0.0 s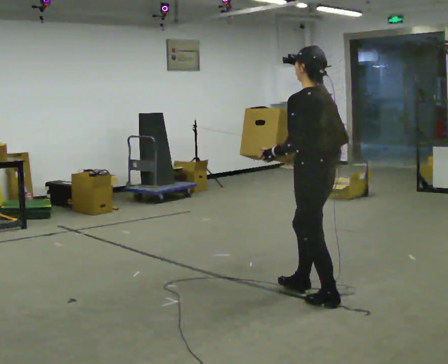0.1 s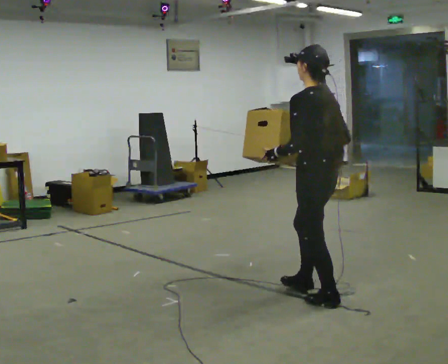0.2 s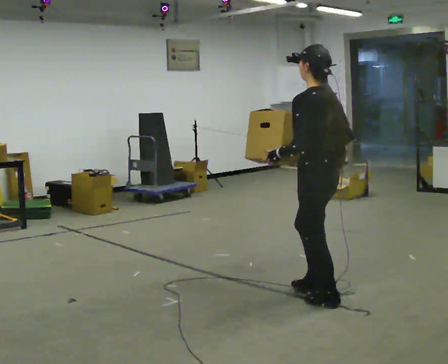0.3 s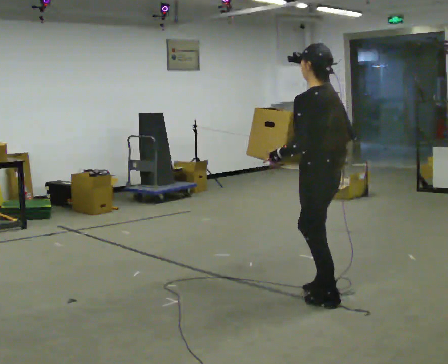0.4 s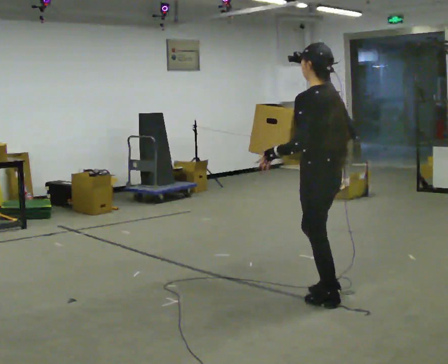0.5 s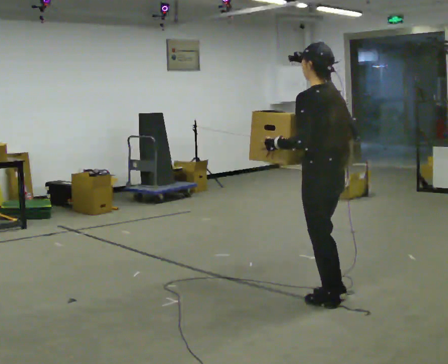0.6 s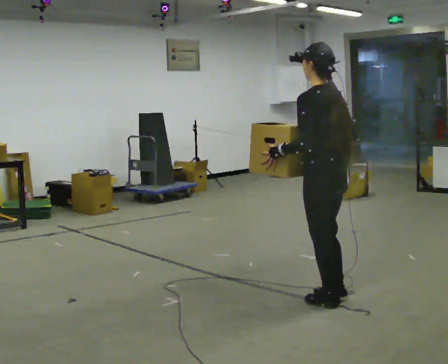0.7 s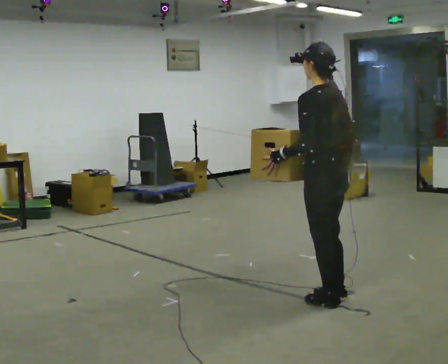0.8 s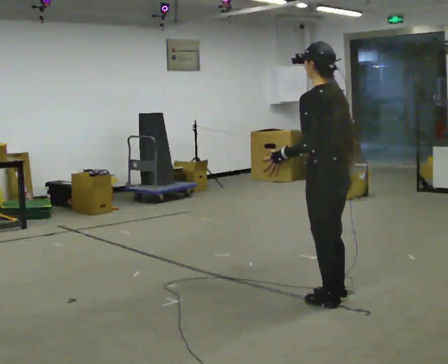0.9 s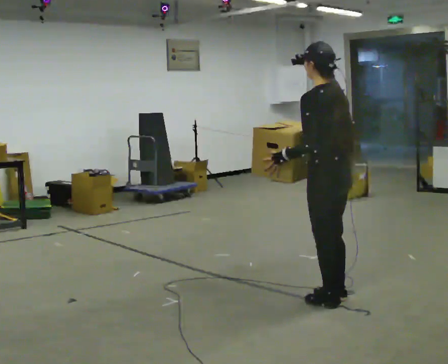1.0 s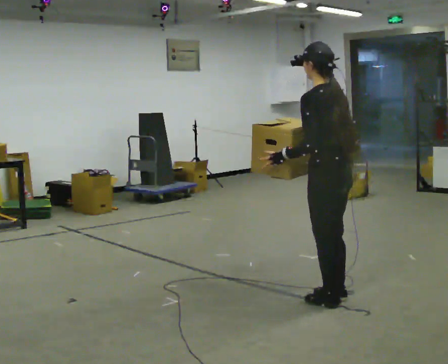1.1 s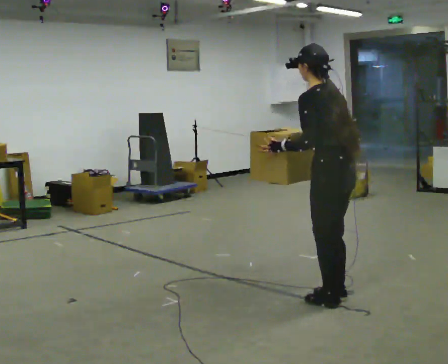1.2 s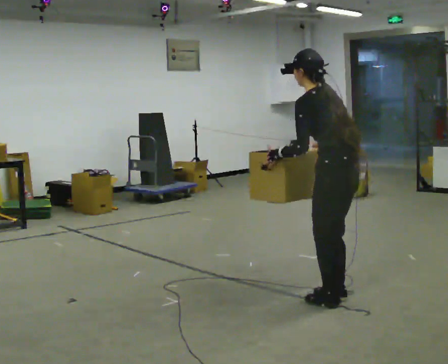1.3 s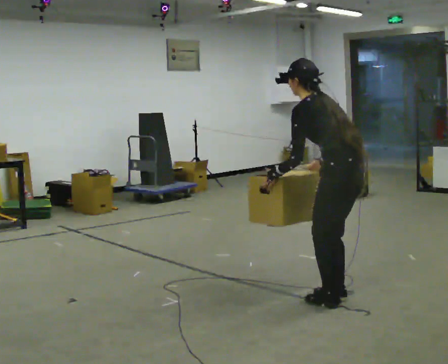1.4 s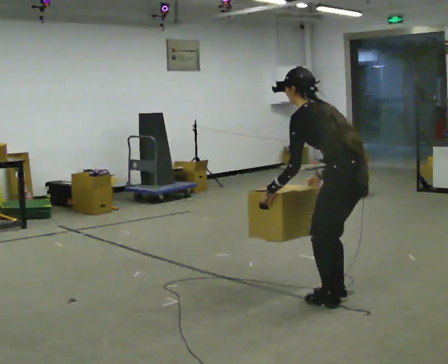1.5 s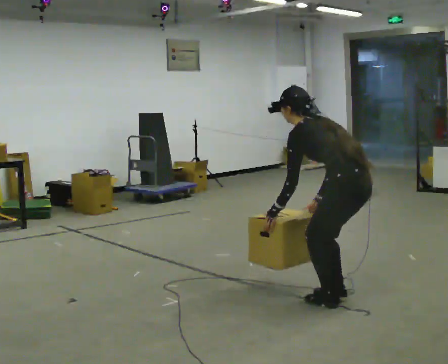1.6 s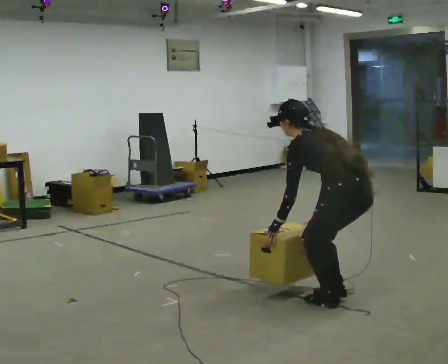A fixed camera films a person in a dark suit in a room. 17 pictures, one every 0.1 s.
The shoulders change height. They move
downward.
0.0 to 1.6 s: In the picture they go to the right, about 0.25 m in 1 step, which for them is backward. The shoulders move downward. In the picture the upper body tilts counterclockwise, shoulders to the left, as they bend forward. In the picture their left hand goes downward.
The film runs backward here.
